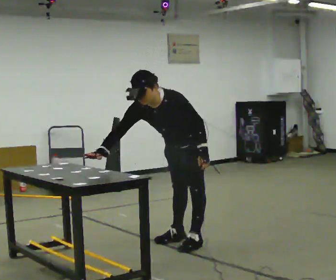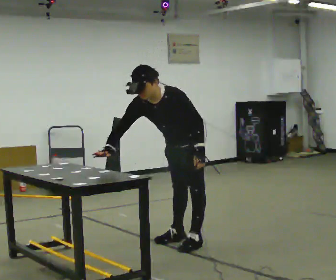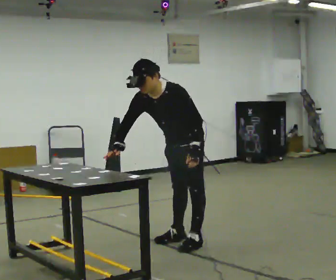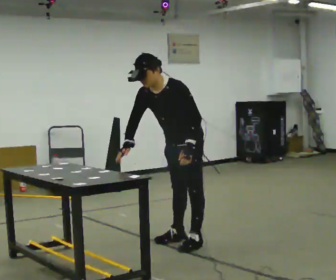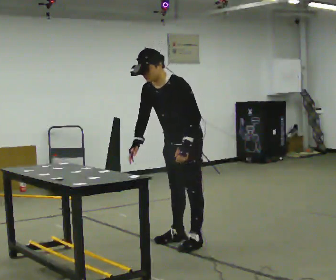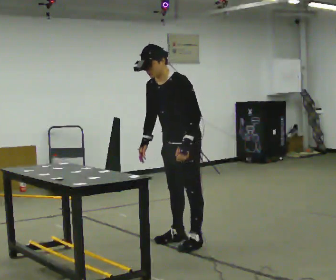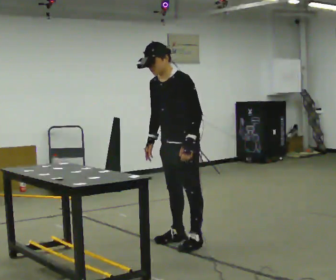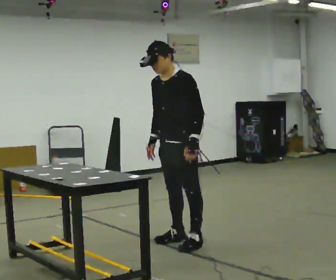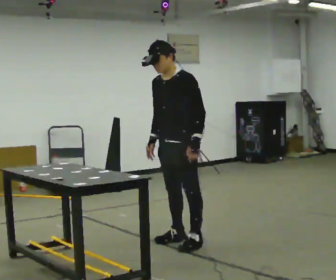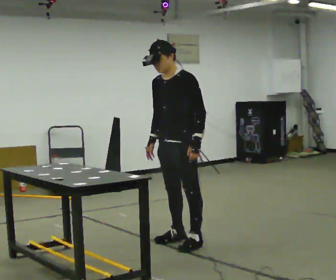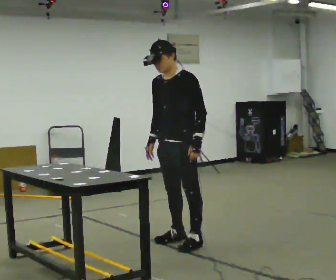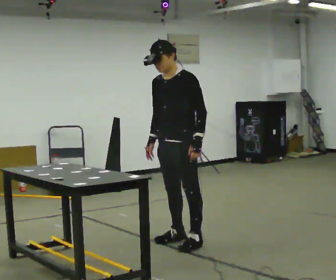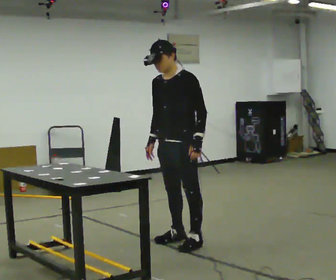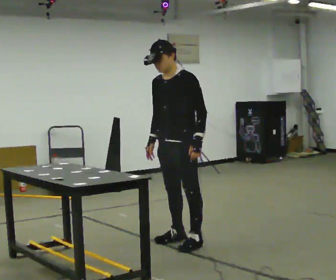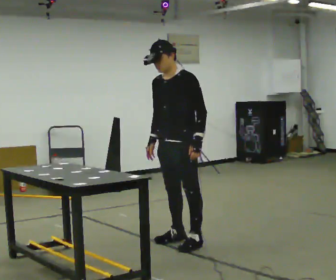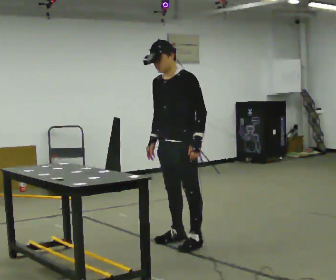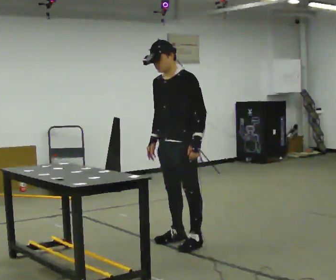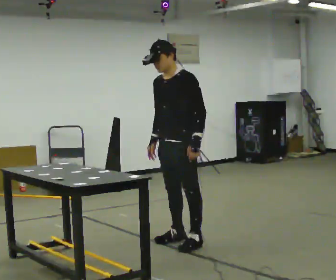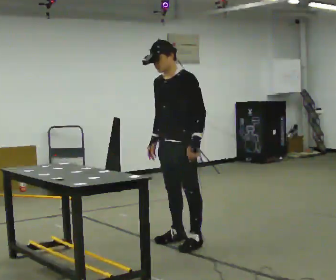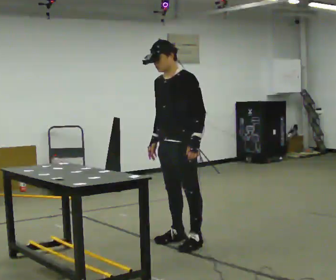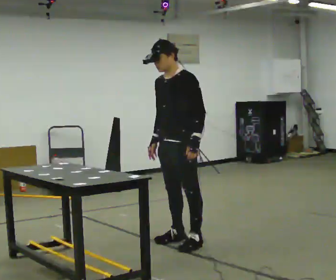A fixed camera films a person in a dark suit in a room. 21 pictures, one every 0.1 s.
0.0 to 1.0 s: The shoulders move upward. The upper body tips away from the camera, its near side rolling upward, as they lean back or straighten. In the picture their right hand goes to the right.
1.0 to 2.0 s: The person moves a little, or ends about where they began.
The film runs backward here.
